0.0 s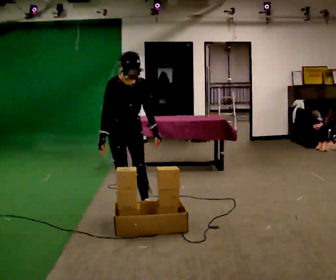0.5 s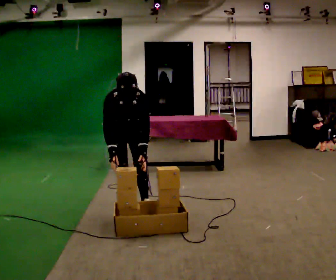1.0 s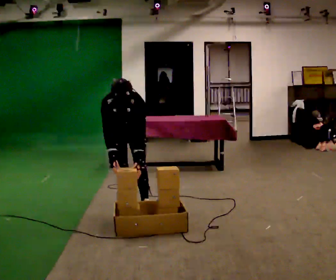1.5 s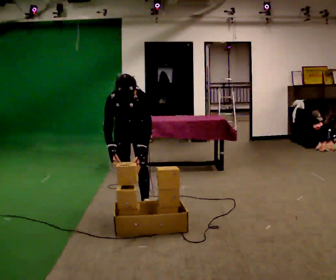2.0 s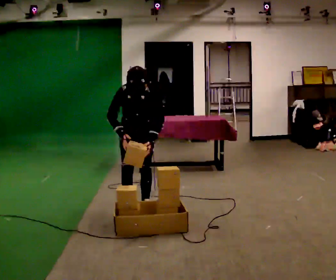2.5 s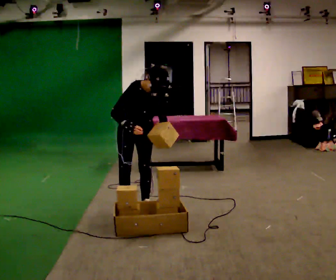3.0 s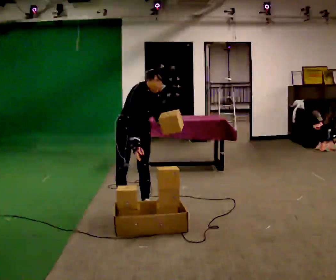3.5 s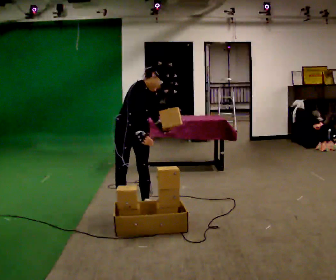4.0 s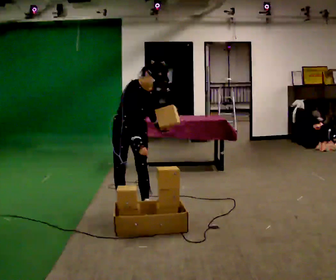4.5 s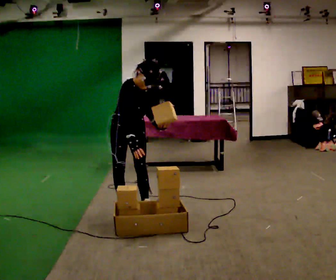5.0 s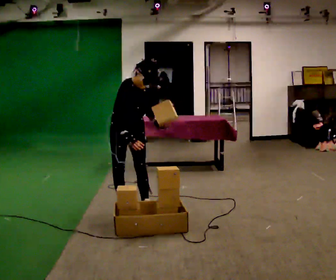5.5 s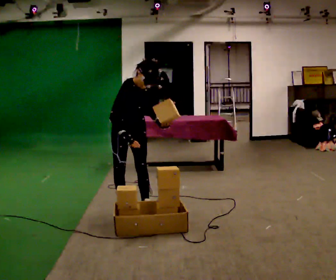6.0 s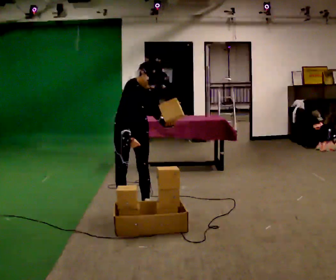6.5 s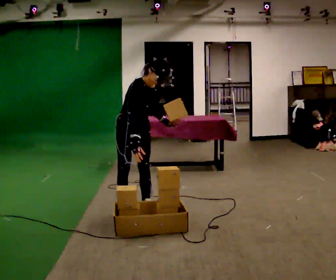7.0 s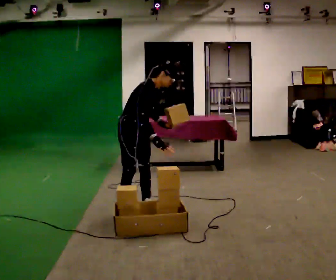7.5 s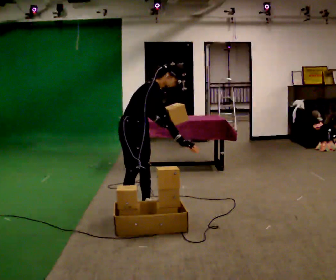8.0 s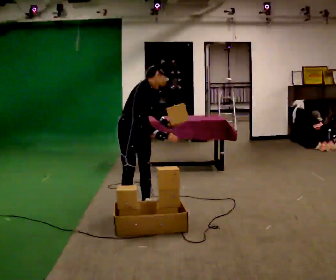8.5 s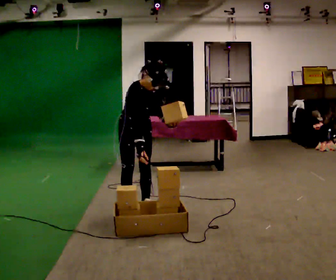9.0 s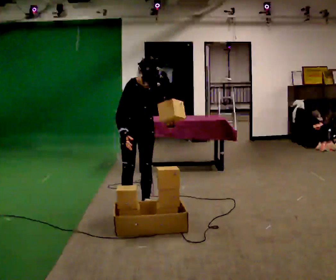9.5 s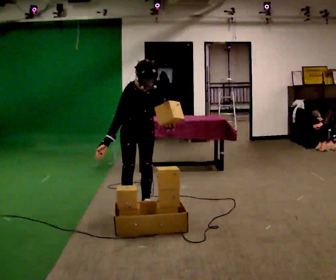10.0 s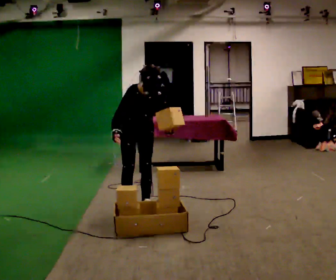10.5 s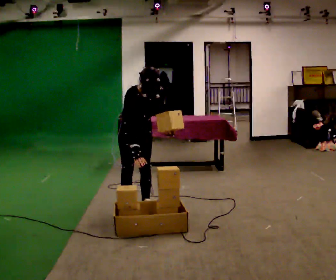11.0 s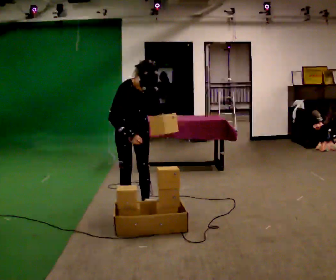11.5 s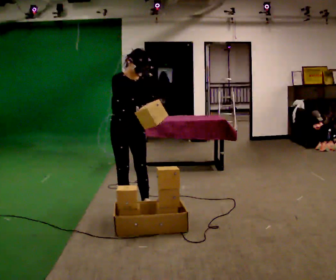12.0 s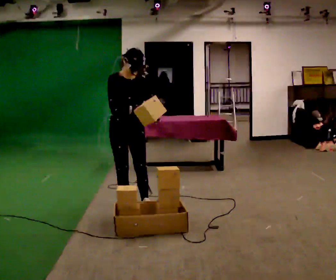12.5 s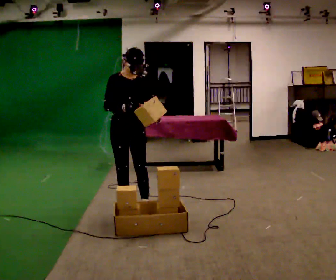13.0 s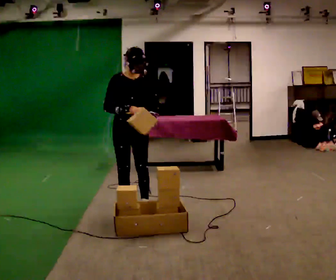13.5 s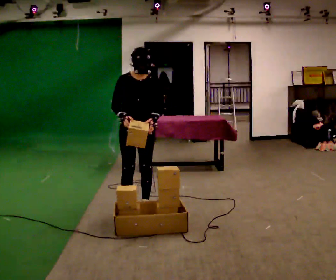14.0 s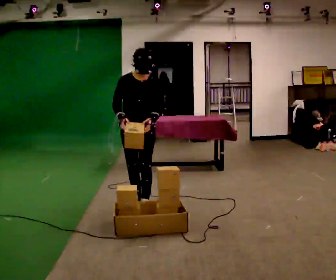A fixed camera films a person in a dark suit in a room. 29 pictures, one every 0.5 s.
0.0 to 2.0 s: The part of the body nearest the lens slides to the left as the person turns to their right by about 30 degrees.
2.0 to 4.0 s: The person turns about 30 degrees to their left, counterclockwise seen from above, so the part of the body nearest the lens slides to the right. In the picture the upper body tilts clockwise, shoulders to the right.
4.0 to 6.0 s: The person moves a little, or ends about where they began.
6.0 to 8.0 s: In the picture their right hand goes to the right.
8.0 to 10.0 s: The person turns about 30 degrees to their right, clockwise seen from above, so the part of the body nearest the lens slides to the left. The upper body tips toward the camera, its near side rolling downward. In the picture their right hand goes to the left, the arm swinging clockwise.
10.0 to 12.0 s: The upper body tips away from the camera, its near side rolling upward, as they lean back or straighten.
12.0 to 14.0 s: The person moves a little, or ends about where they began.
The film runs backward here.
